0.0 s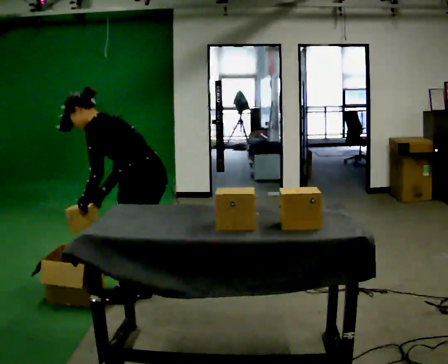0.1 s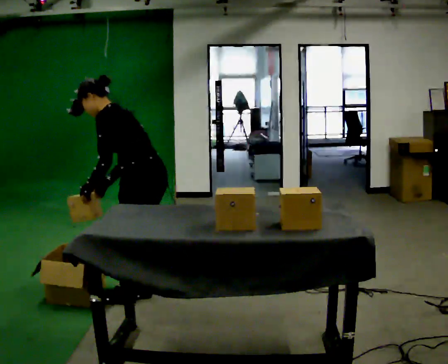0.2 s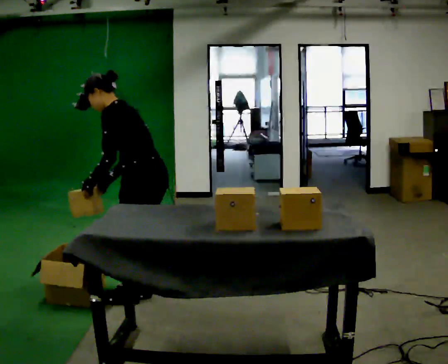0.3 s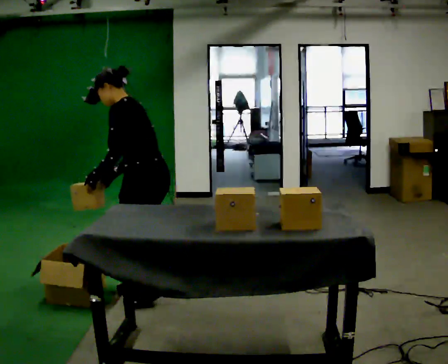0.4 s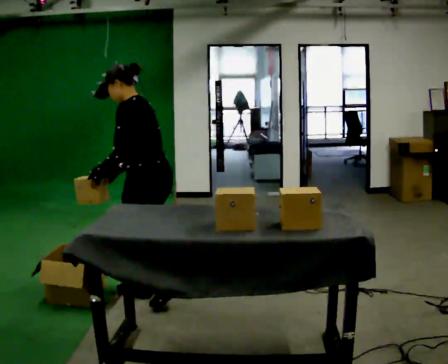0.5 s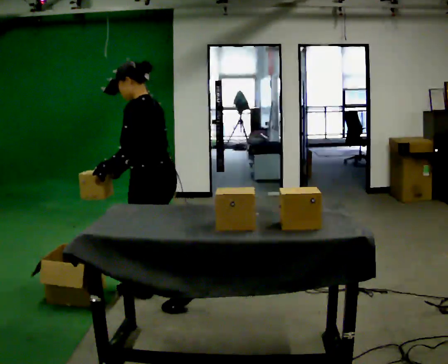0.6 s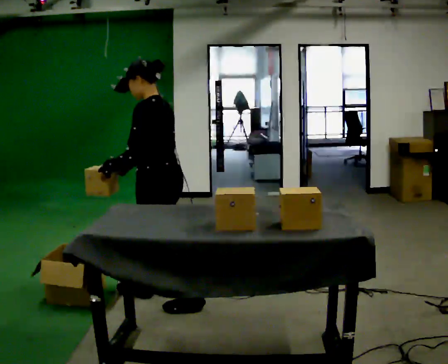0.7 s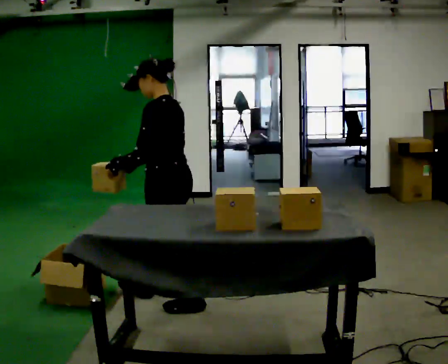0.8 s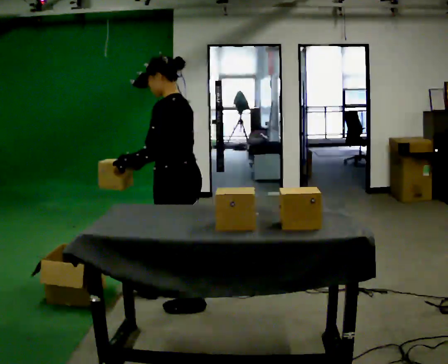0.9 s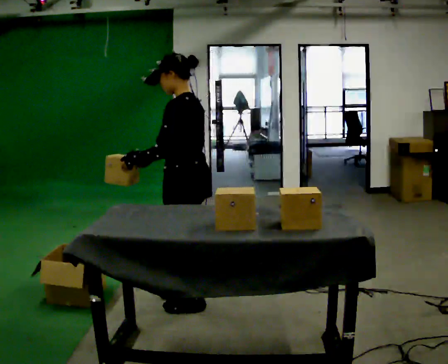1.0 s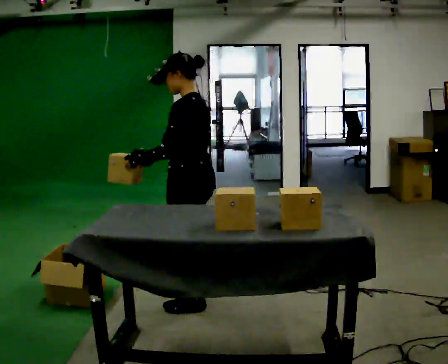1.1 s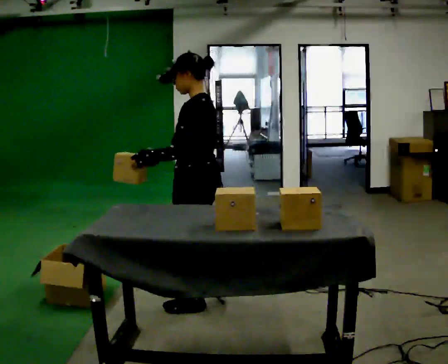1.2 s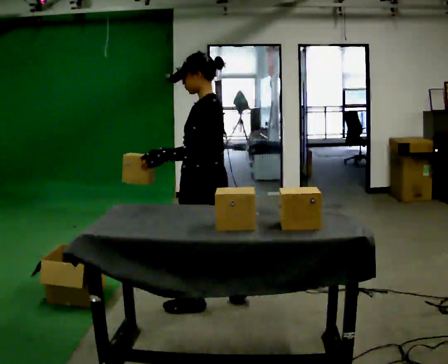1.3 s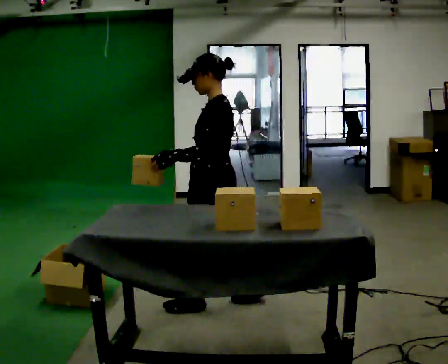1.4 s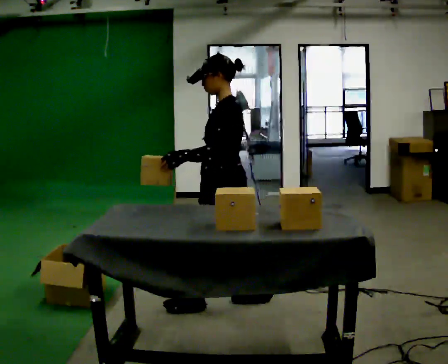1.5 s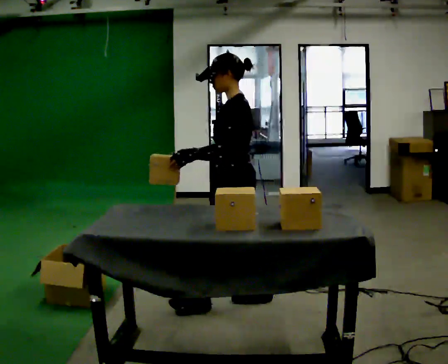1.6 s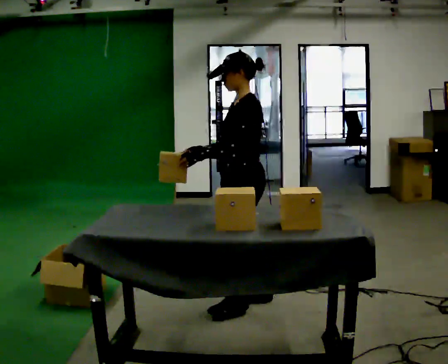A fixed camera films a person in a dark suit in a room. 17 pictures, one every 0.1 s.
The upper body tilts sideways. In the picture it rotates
clockwise.
0.0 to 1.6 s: In the picture they go to the right, about 0.5 m in 3 steps, which for them is backward. The shoulders move upward. In the picture the upper body tilts clockwise, shoulders to the right, as they lean back or straighten.
The film runs backward here.
